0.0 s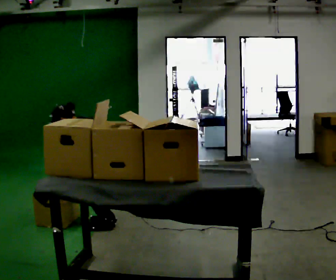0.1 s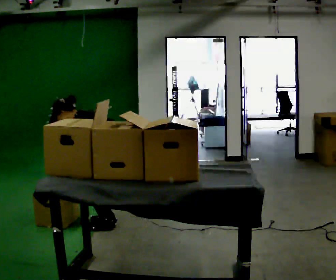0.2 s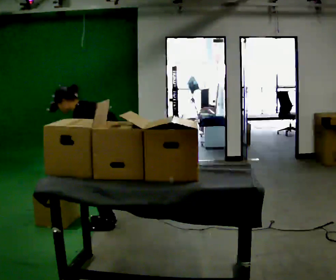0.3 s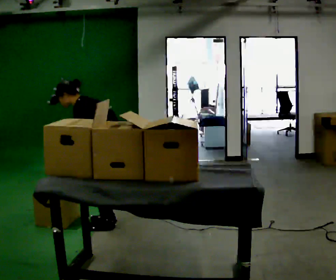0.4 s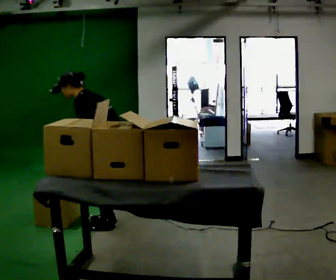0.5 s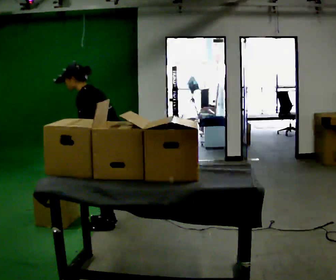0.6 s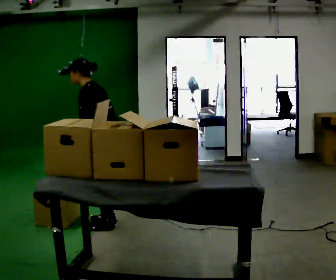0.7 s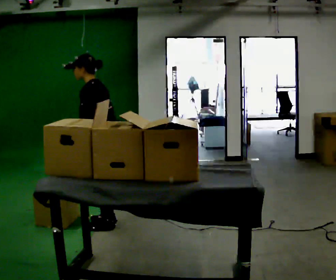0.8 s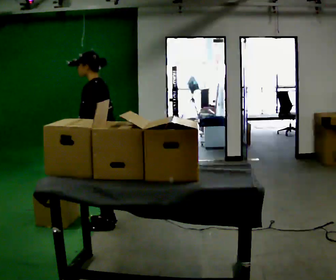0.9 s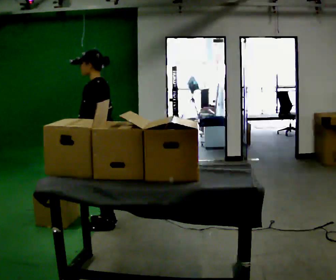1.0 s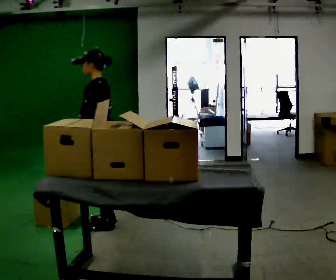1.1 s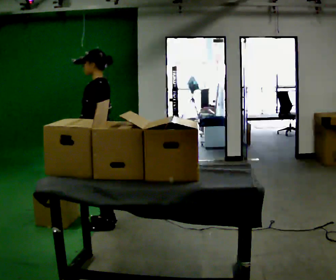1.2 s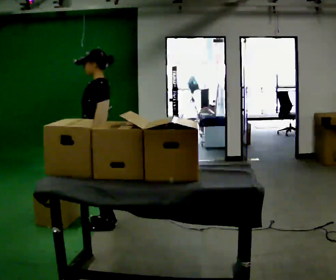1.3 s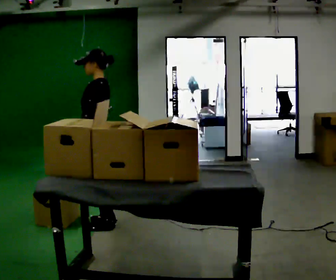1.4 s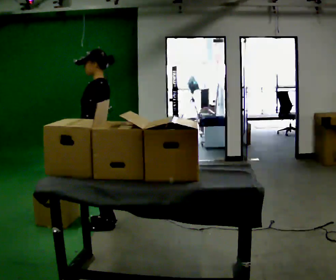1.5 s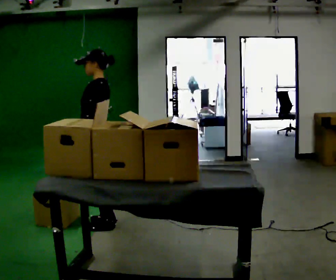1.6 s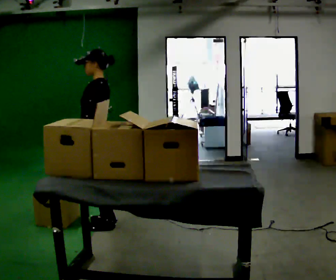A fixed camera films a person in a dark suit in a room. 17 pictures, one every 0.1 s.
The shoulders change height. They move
upward.
The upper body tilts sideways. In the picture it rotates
clockwise.
0.0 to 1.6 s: In the picture they go to the left, about 0.25 m, which for them is forward. The shoulders move upward. In the picture the upper body tilts clockwise, shoulders to the right, as they lean back or straighten. In the picture their left hand goes upward.
The film runs forward here.
